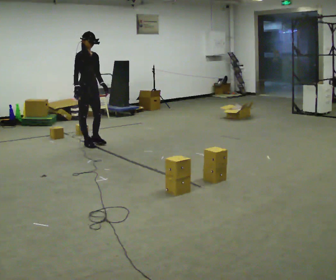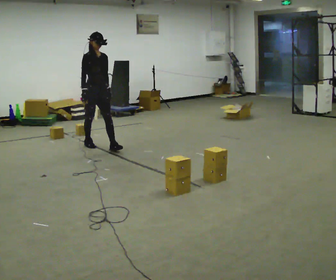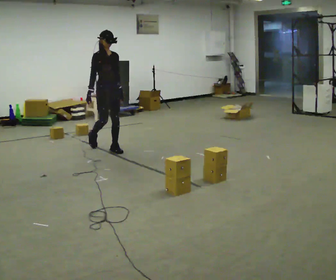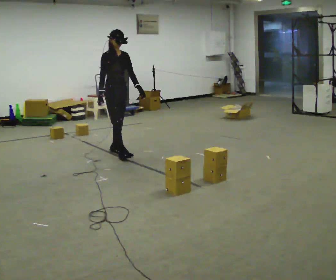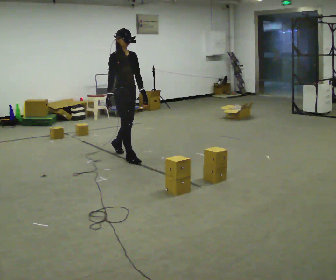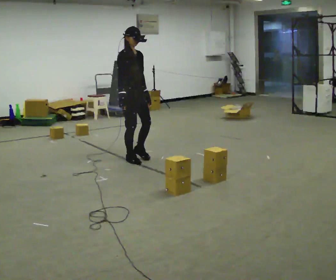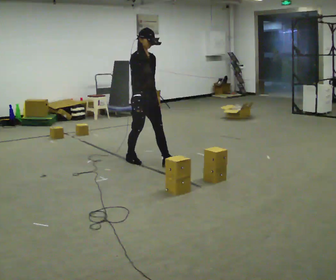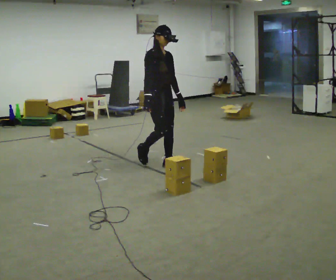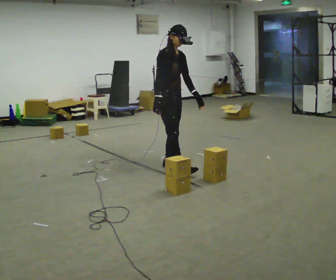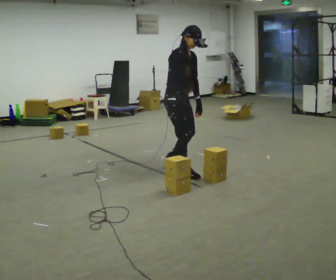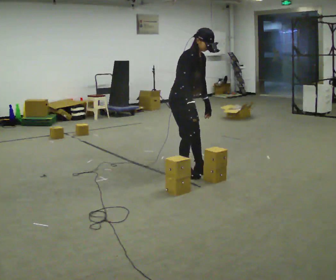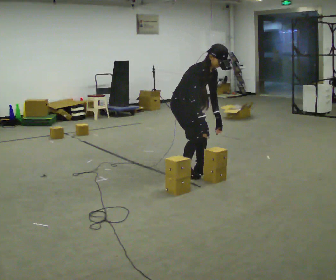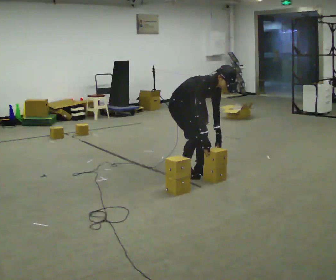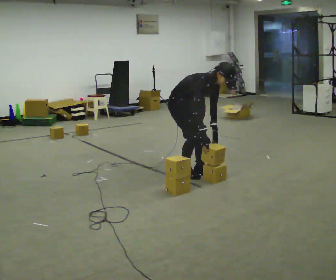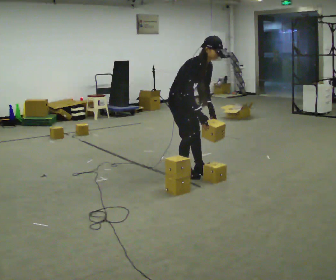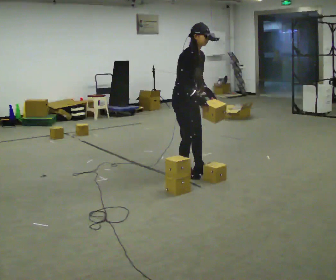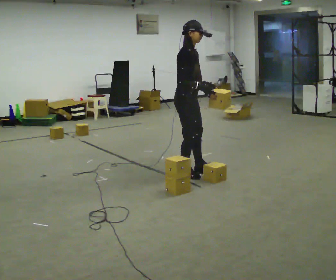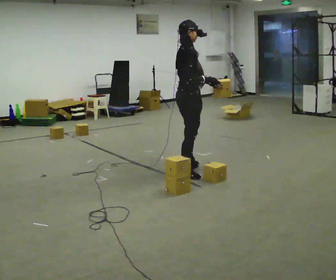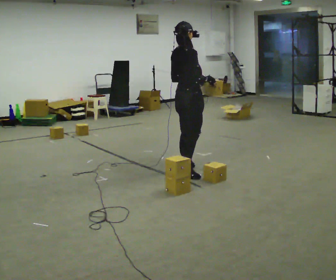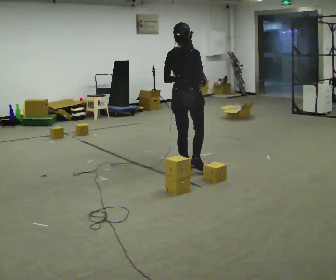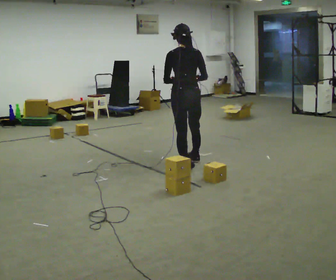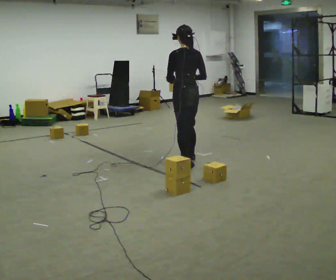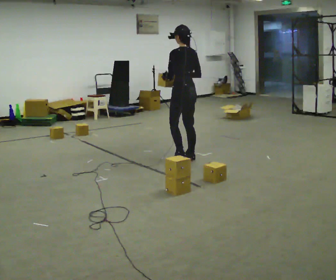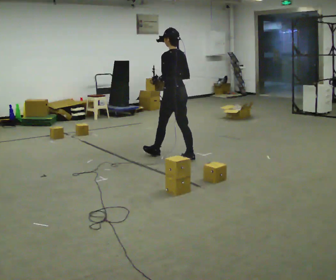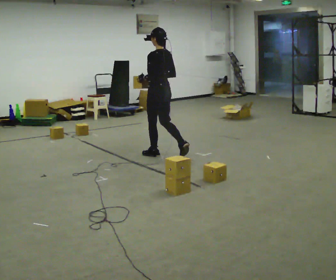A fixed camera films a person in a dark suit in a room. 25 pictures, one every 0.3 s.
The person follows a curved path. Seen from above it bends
counterclockwise.
0.0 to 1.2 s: In the picture they go to the right and toward the camera, about 1 m in 2 steps, which for them is forward.
1.2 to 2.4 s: In the picture they go to the right, about 0.5 m in 1 step, which for them is forward.
2.4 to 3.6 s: In the picture they go to the right, about 0.25 m in 2 steps, which for them is forward. The shoulders move downward. In the picture the upper body tilts clockwise, shoulders to the right, as they bend forward. In the picture their left hand goes downward.
3.6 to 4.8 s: The shoulders move upward. In the picture the upper body tilts counterclockwise, shoulders to the left, as they lean back or straighten. In the picture their right hand goes upward.
4.8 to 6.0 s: The person turns about 120 degrees to their left, counterclockwise seen from above, so the part of the body nearest the lens slides to the right. In the picture they go away from the camera, about 0.25 m.
6.0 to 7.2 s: The part of the body nearest the lens slides to the right as the person turns to their left by about 45 degrees. In the picture they go to the left and away from the camera, about 0.5 m in 2 steps, which for them is forward.
The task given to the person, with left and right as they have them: Carry the box straight from one end of the room to the other, set it down, then bring it back. Keep going until the operator says stop; one object at a time, and do not rush between trips.
The film runs forward here.
